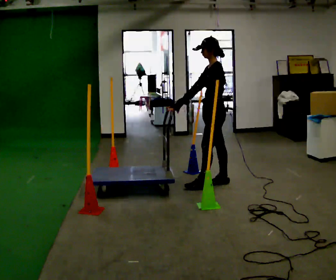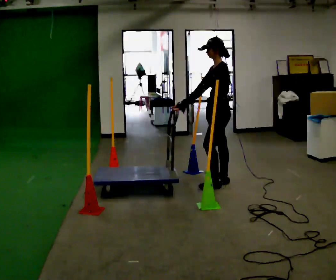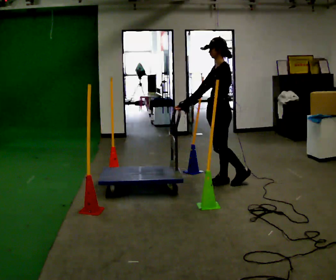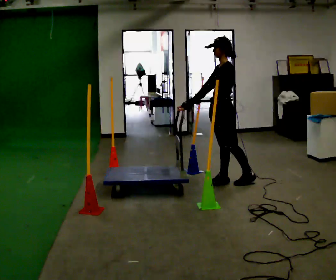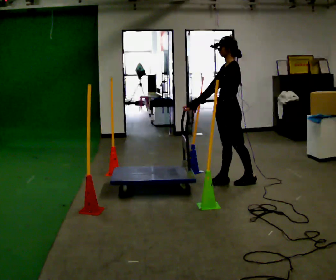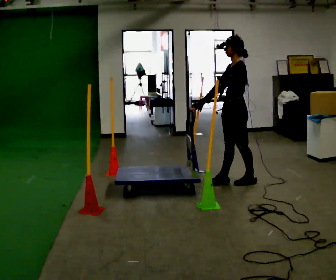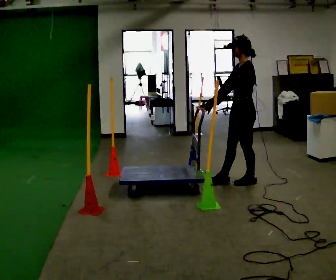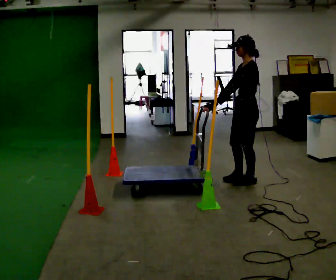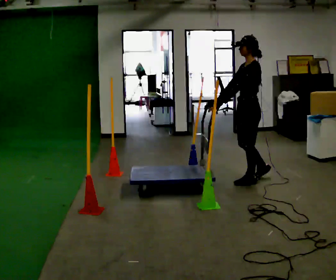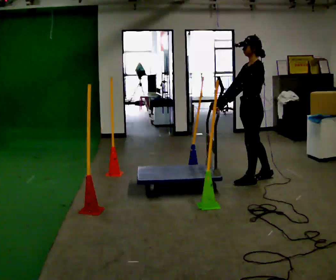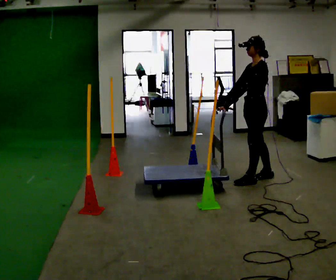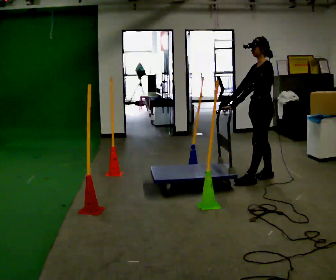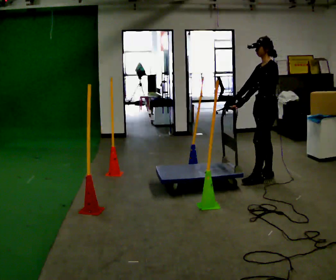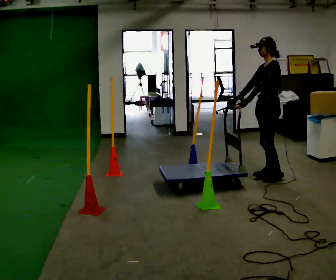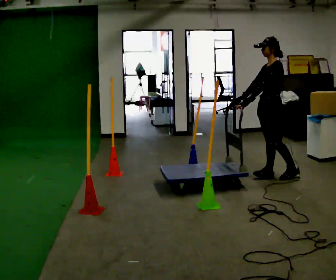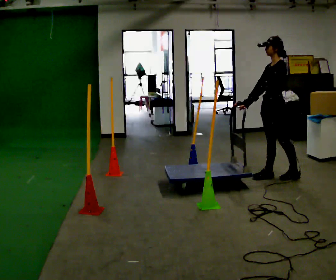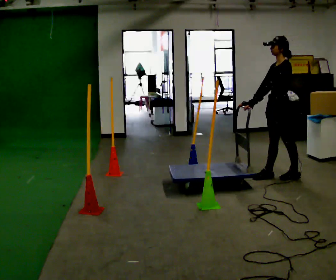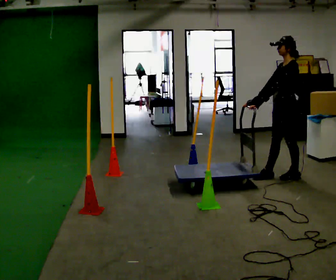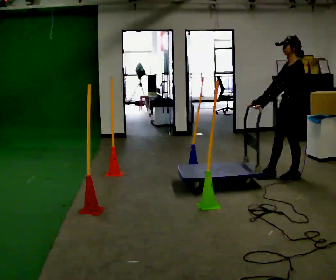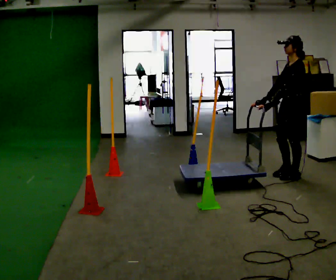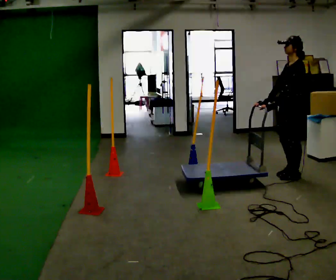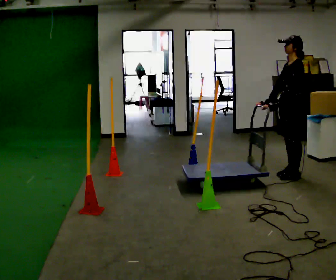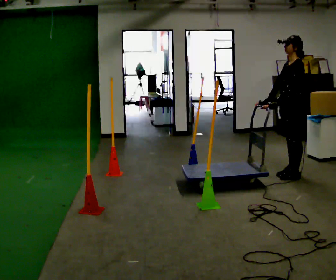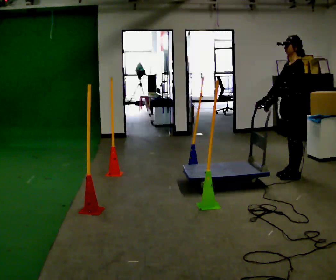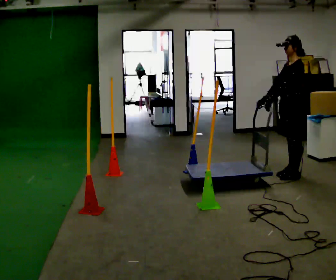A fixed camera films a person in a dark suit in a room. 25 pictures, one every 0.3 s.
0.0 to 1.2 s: In the picture they go to the right, about 0.25 m in 1 step, which for them is backward.
1.2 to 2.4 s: In the picture they go to the right, about 0.25 m in 1 step, which for them is backward.
2.4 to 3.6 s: In the picture they go away from the camera and to the right, about 0.25 m in 1 step, which for them is backward and to their right.
3.6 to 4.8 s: The person moves a little, or ends about where they began.
4.8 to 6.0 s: In the picture they go to the right, about 0.25 m in 1 step, which for them is backward.
6.0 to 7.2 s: The person moves a little, or ends about where they began.
The film runs backward here.
